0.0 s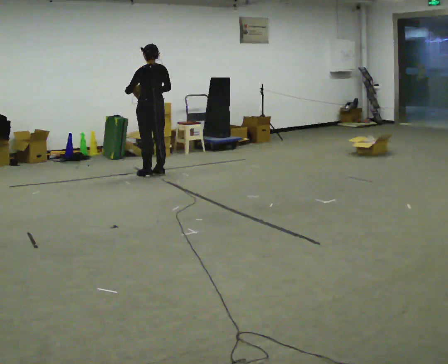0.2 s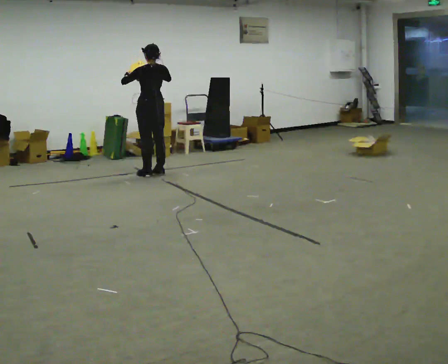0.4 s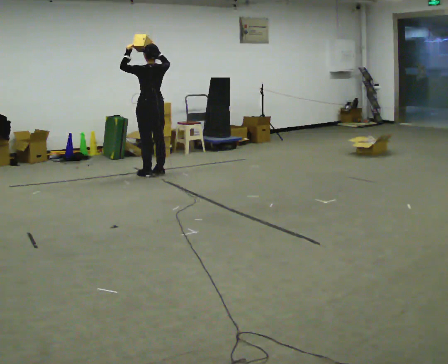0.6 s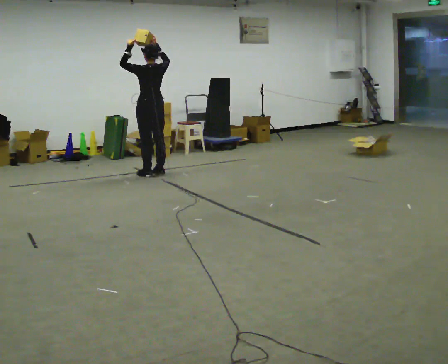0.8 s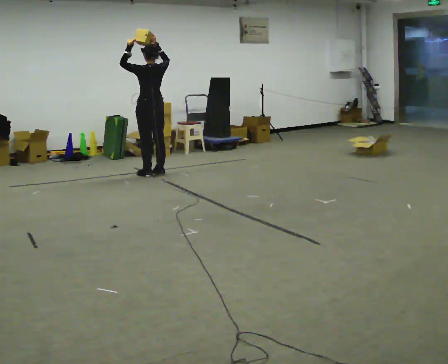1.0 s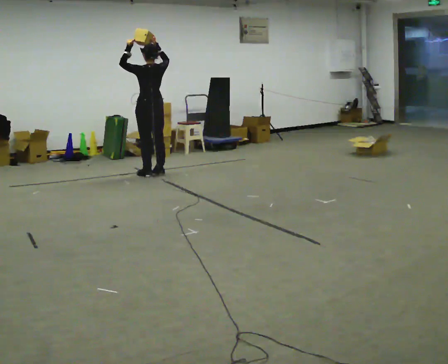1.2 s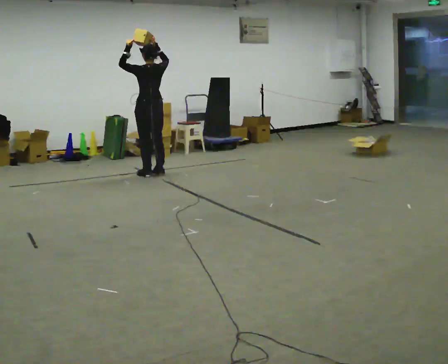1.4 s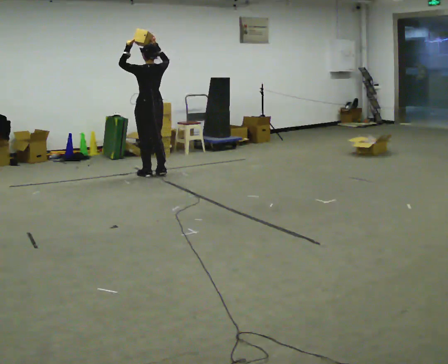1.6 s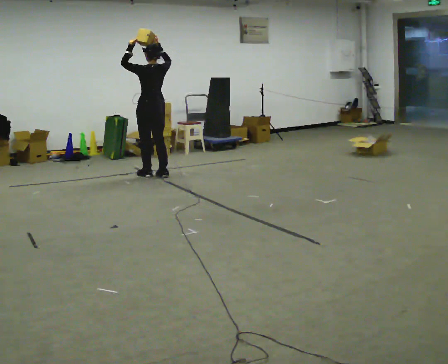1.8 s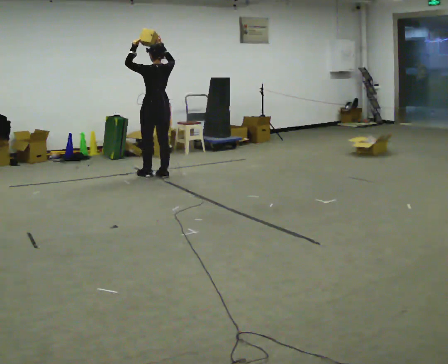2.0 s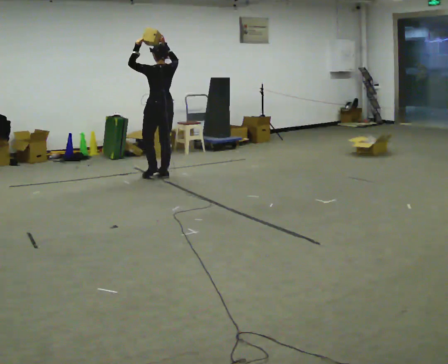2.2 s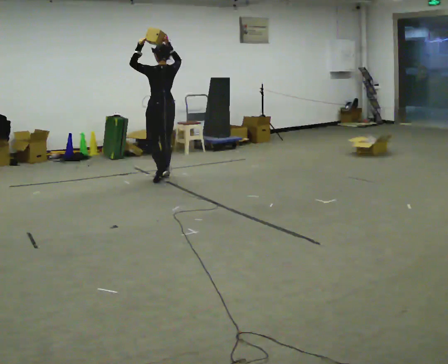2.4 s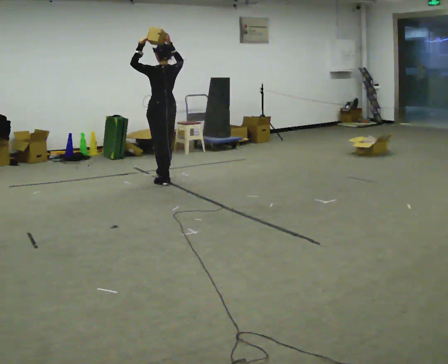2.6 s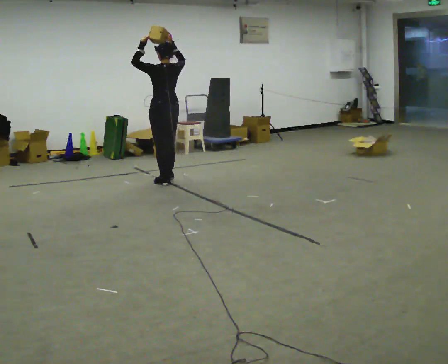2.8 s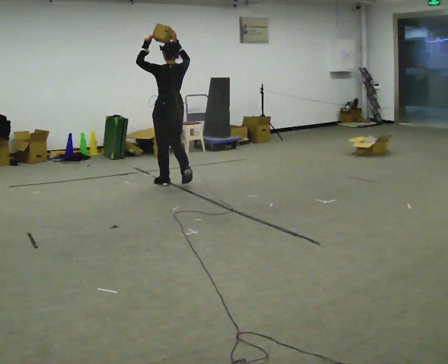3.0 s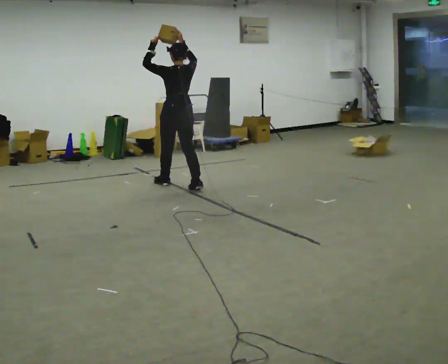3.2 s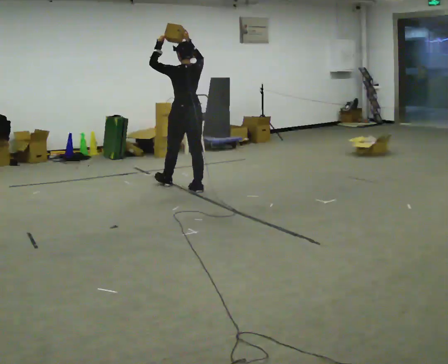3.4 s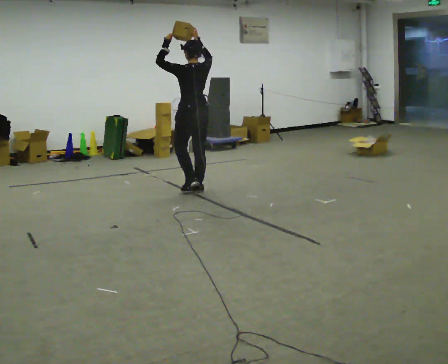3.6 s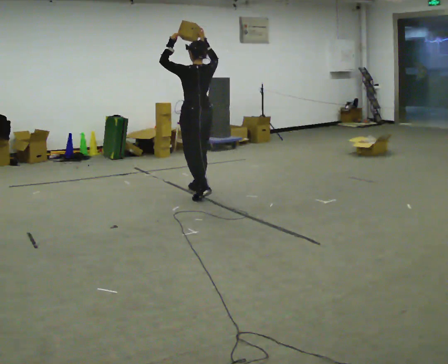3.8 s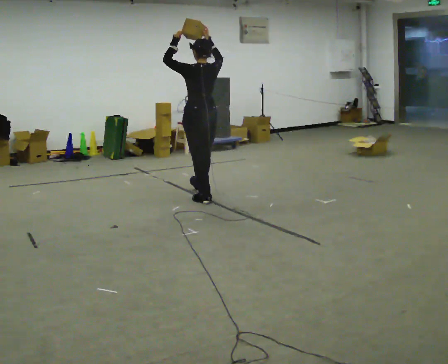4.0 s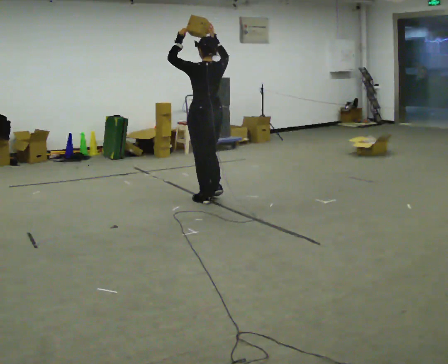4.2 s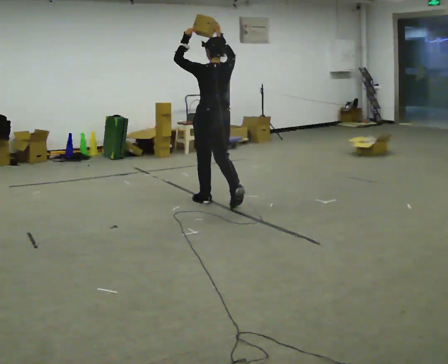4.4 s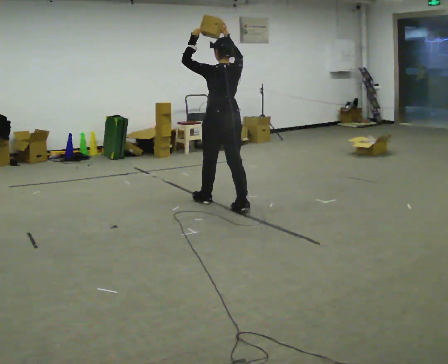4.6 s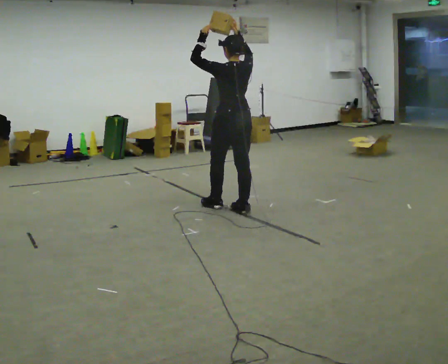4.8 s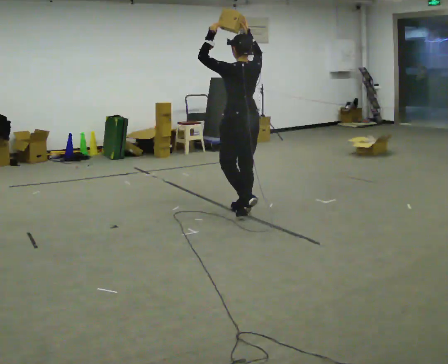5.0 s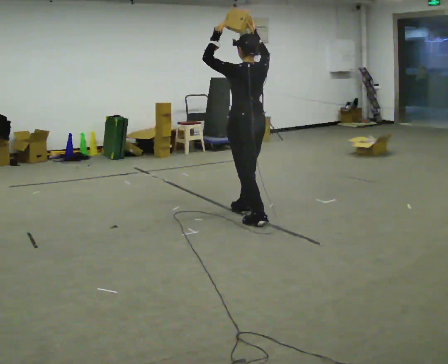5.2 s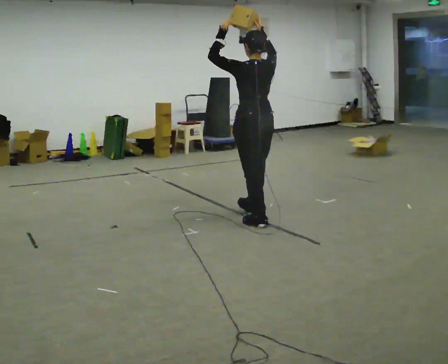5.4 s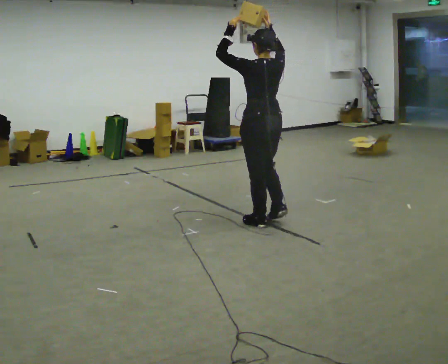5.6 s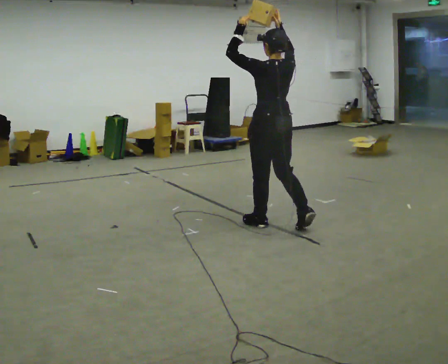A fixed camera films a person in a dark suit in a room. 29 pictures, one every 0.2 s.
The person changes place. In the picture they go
toward the camera.
Their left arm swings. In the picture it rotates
clockwise.
0.0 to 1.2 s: In the picture their right hand goes upward.
1.2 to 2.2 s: In the picture they go toward the camera and to the right, about 0.25 m in 2 steps, which for them is backward.
2.2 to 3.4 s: In the picture they go toward the camera and to the right, about 0.5 m in 2 steps, which for them is backward.
3.4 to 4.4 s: In the picture they go toward the camera and to the right, about 0.75 m in 1 step, which for them is backward.
4.4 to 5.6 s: In the picture they go toward the camera and to the right, about 1 m in 2 steps, which for them is backward.
The film runs backward here.
